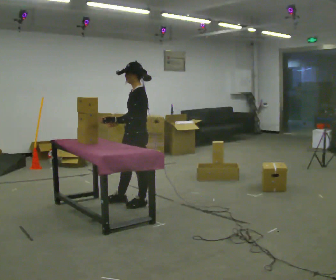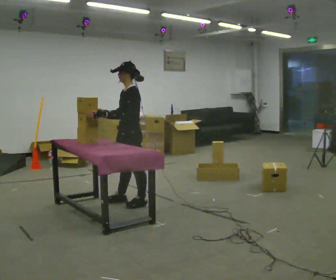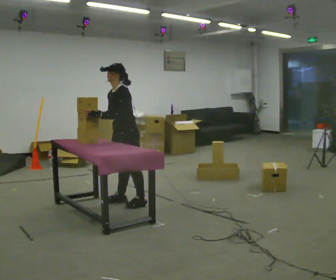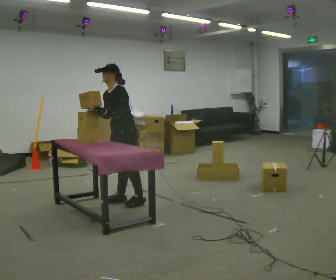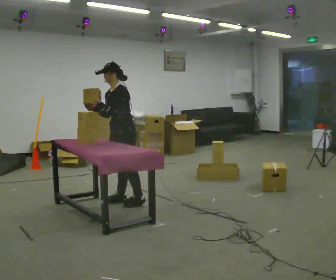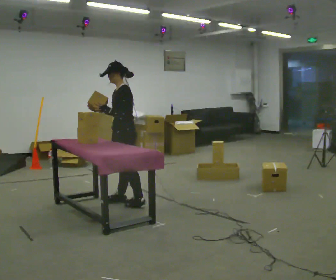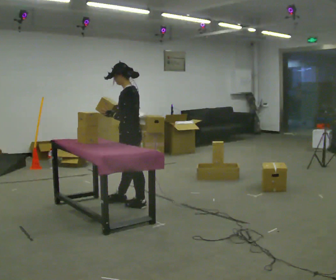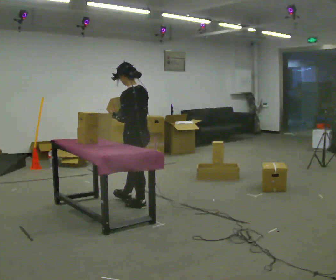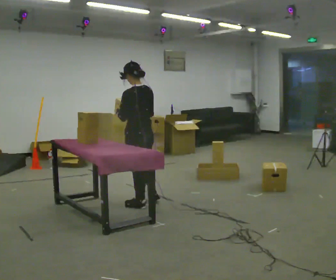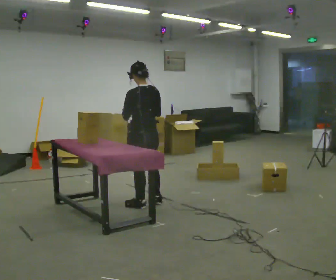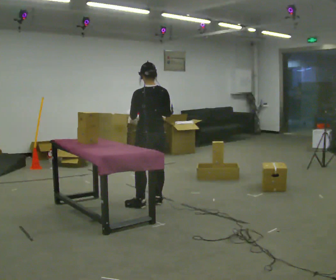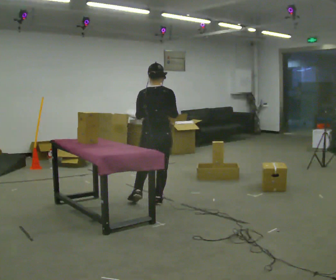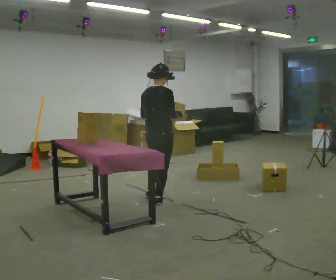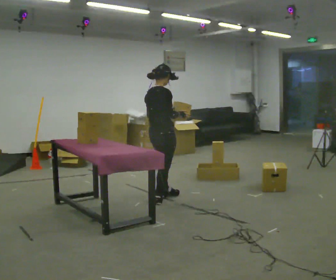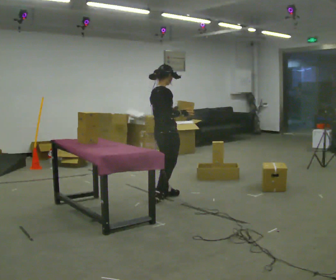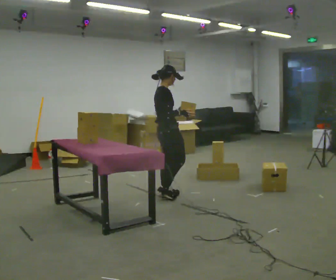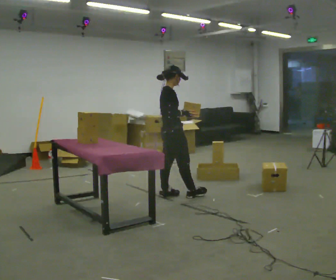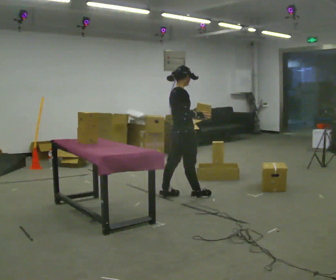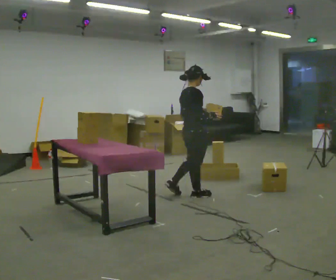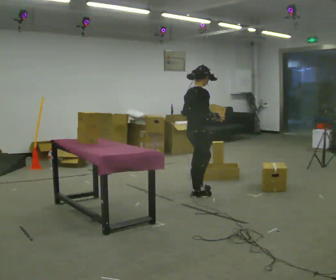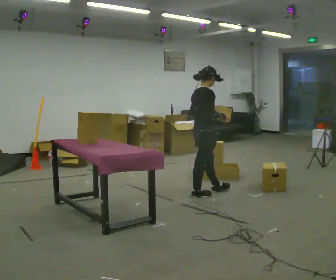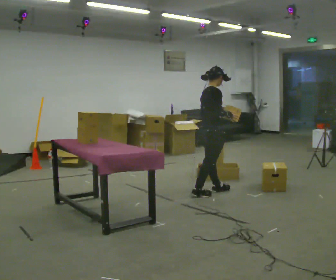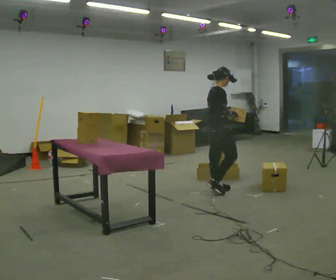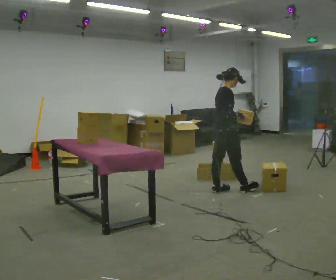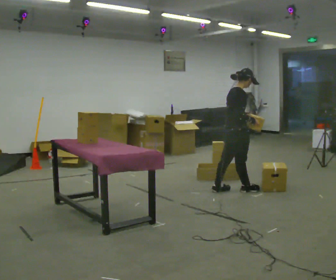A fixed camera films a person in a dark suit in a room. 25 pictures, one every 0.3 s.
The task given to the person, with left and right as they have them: 1. Take the objects out of the box on the table one at a time. 2. Put each one in the bin the operator has labelled for it. 3. Tell the operator when you are finished.
0.0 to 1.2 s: The person moves a little, or ends about where they began.
1.2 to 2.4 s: Seen from above the body turns clockwise, about 75 degrees: to their right, with its near side sliding to the left. In the picture they go to the right and toward the camera, about 0.25 m. In the picture their right hand goes to the right.
2.4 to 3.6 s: Seen from above the body turns clockwise, about 90 degrees: to their right, with its near side sliding to the left. In the picture they go to the right and away from the camera, about 0.25 m in 1 step.
3.6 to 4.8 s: Seen from above the body turns clockwise, about 45 degrees: to their right, with its near side sliding to the left. In the picture they go away from the camera and to the right, about 0.25 m in 1 step, which for them is forward and to their left.
4.8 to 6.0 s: In the picture they go to the right, about 0.5 m in 2 steps, which for them is forward.
6.0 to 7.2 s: In the picture they go to the right, about 0.5 m in 1 step, which for them is forward.
The film runs forward here.
